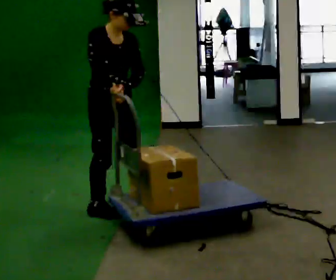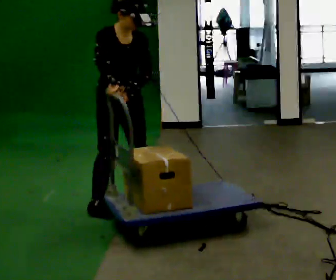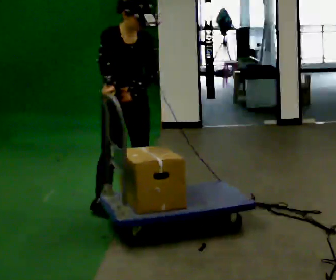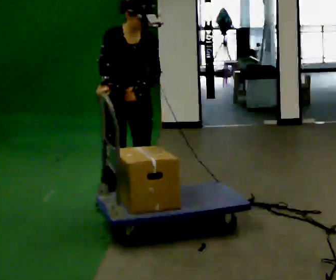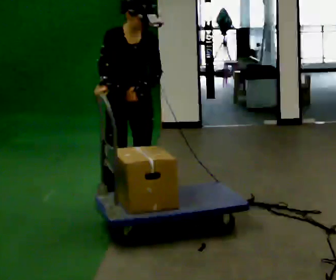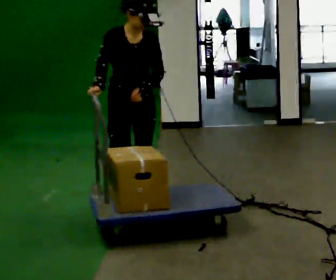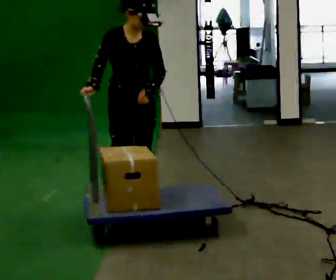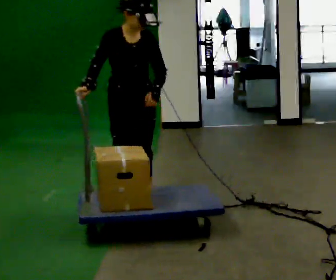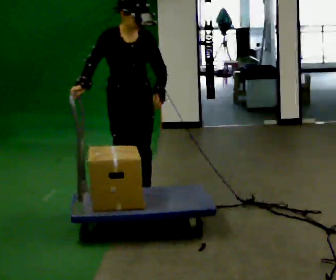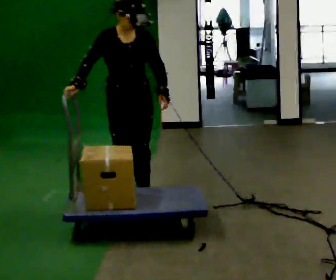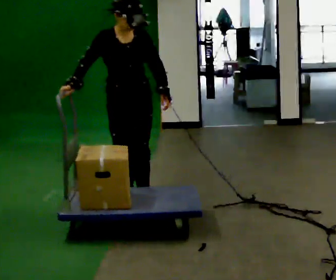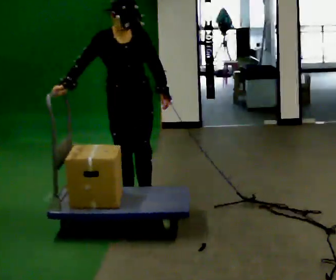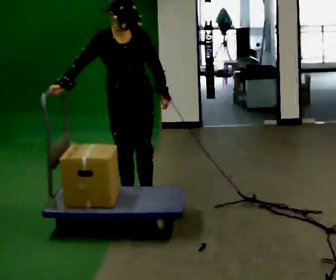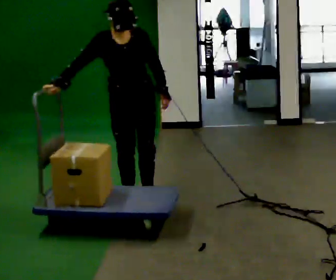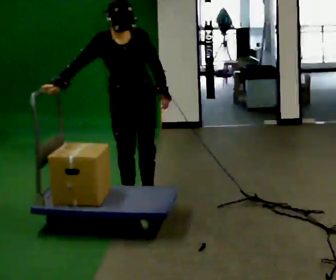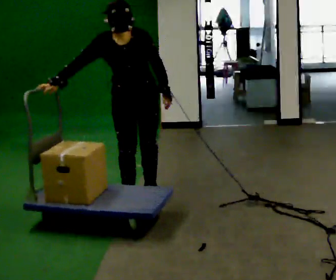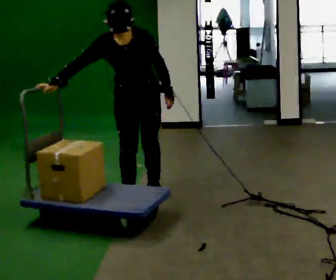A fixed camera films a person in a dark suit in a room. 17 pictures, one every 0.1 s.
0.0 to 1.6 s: The person turns about 45 degrees to their right, clockwise seen from above, so the part of the body nearest the lens slides to the left. In the picture they go away from the camera and to the right, about 0.25 m in 2 steps, which for them is to their left and backward. In the picture the upper body tilts counterclockwise, shoulders to the left.
The film runs backward here.
